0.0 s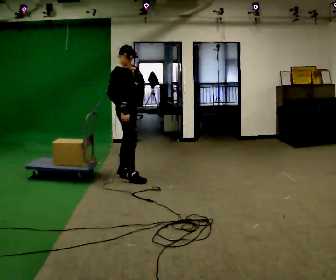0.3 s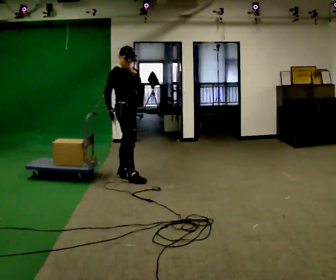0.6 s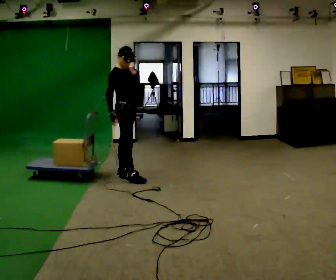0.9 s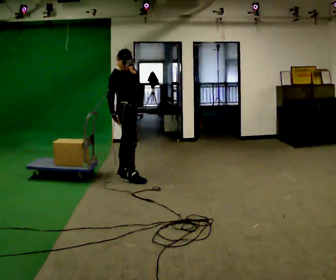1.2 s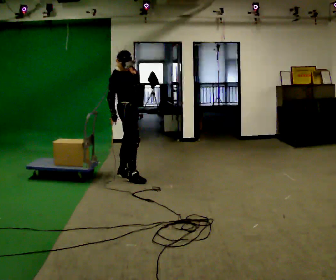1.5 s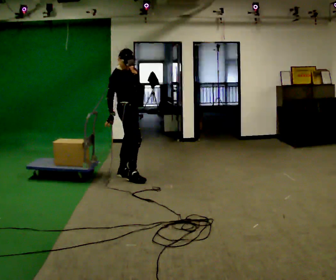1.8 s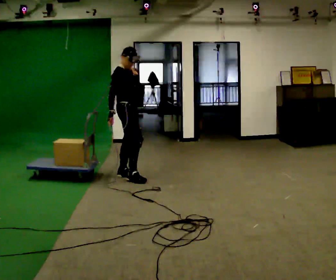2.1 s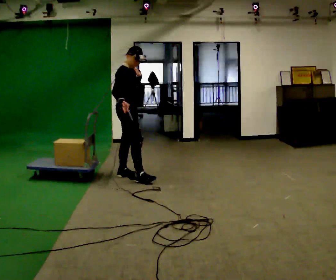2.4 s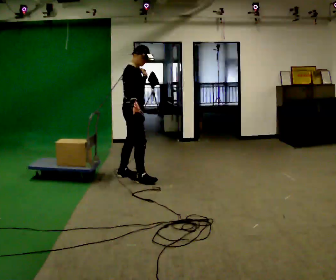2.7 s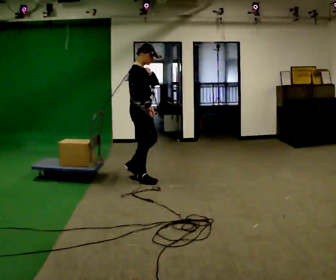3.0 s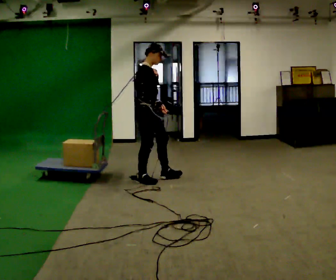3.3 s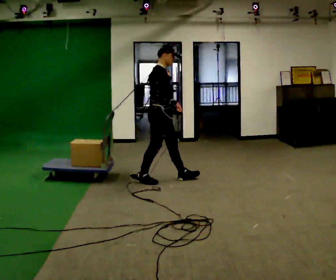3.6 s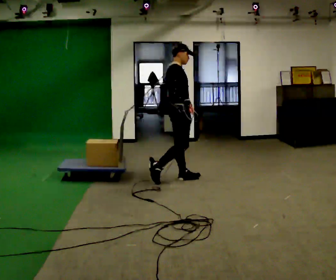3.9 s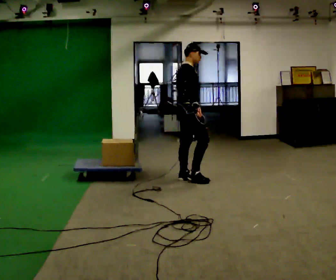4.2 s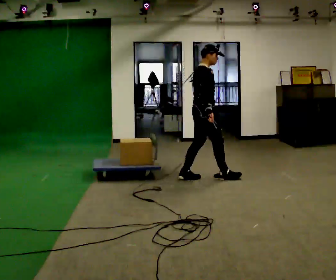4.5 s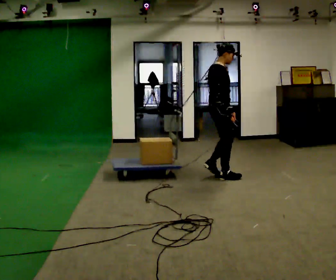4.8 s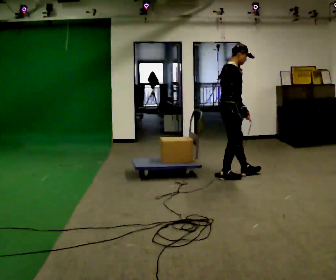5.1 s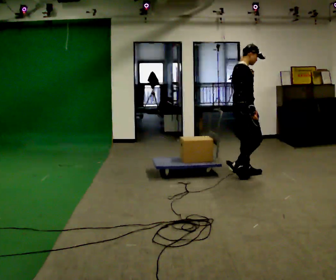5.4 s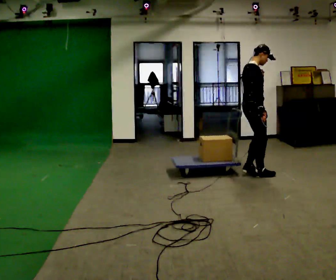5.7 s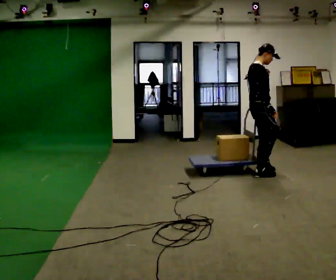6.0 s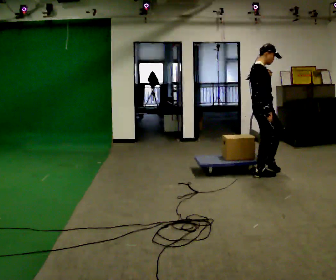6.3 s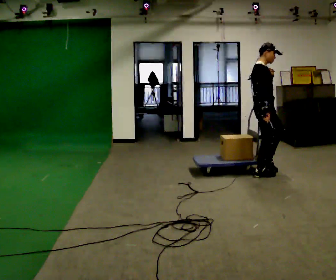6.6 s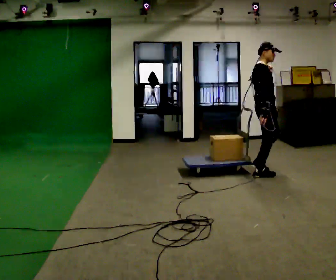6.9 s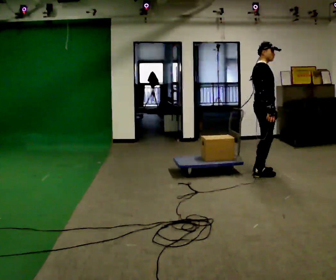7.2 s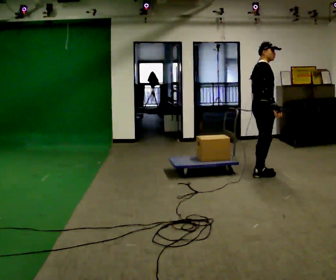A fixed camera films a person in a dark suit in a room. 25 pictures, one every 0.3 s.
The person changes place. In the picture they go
to the right.
0.0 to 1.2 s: The person moves a little, or ends about where they began.
1.2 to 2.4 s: In the picture they go toward the camera, about 0.25 m, which for them is to their right and forward. In the picture their right hand goes to the right.
2.4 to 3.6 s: In the picture they go to the right, about 0.5 m in 1 step, which for them is forward.
3.6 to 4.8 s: In the picture they go to the right, about 0.75 m in 2 steps, which for them is forward.
4.8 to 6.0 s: In the picture they go to the right, about 0.5 m in 2 steps, which for them is forward.
6.0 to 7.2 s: The person moves a little, or ends about where they began.
The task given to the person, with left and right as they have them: Put the rope over your shoulder and drag the sled across the room. Keep going until the operator says stop.
The film runs forward here.
